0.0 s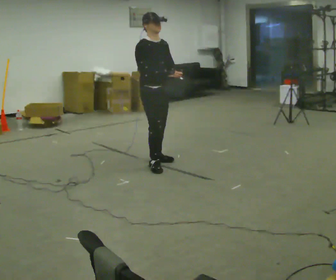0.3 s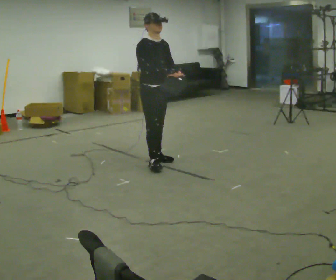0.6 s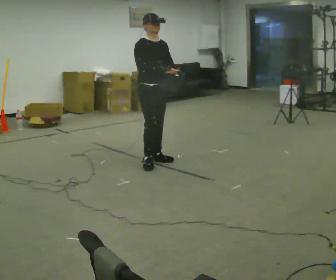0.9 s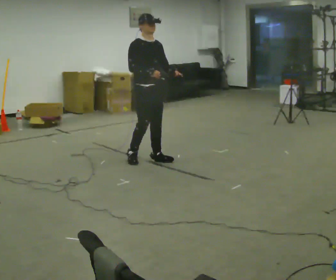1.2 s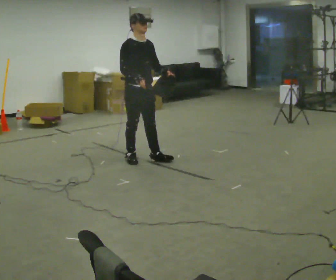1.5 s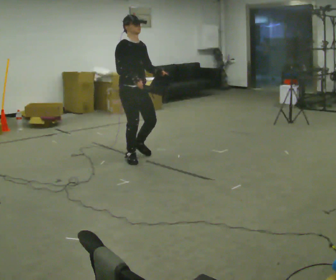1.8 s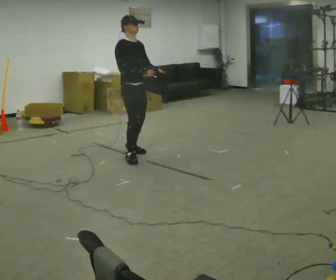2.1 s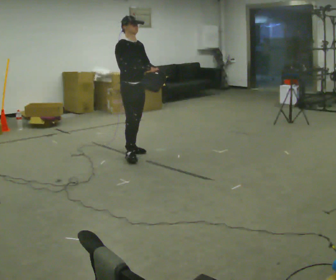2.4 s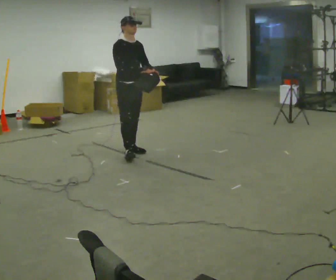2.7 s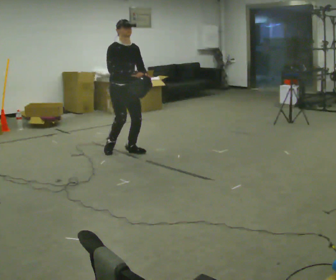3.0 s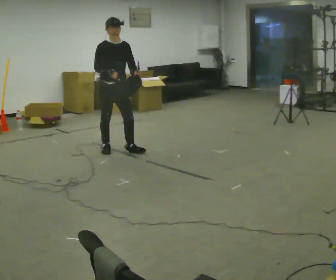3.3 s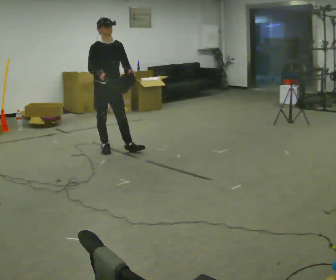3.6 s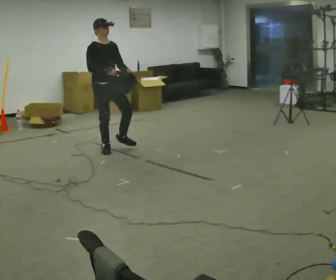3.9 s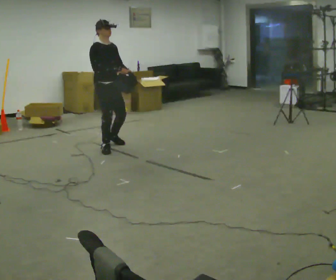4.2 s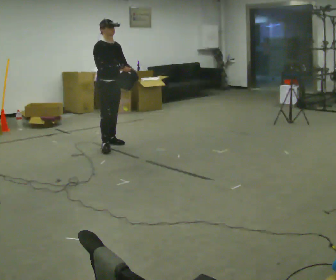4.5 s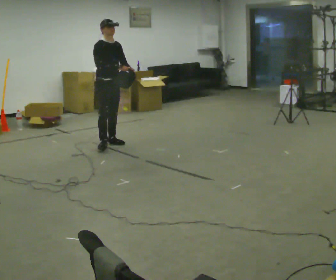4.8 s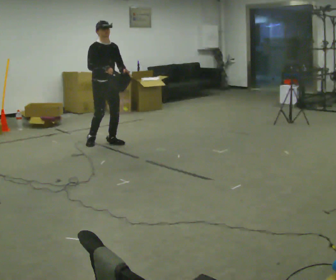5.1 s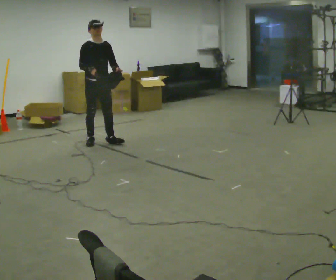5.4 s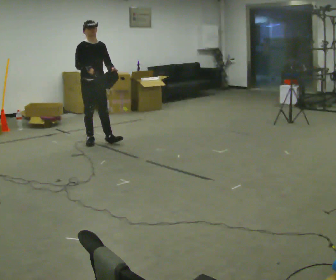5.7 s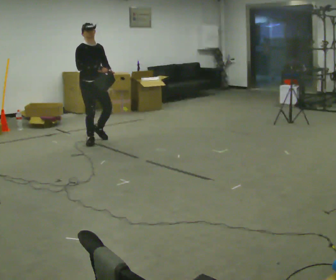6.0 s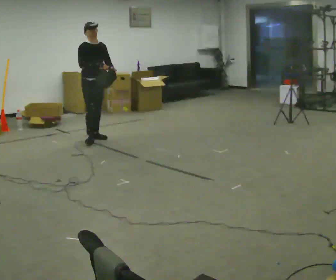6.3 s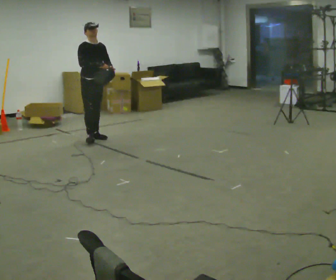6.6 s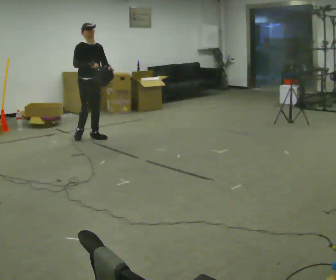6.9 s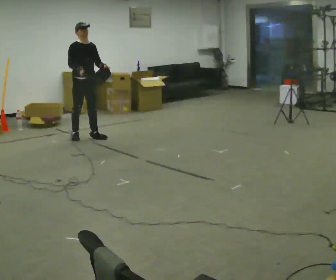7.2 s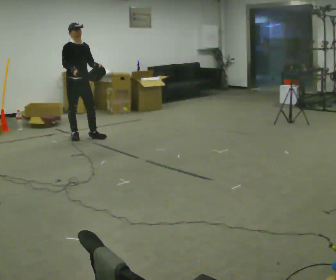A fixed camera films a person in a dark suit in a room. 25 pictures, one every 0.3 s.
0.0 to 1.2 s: In the picture they go away from the camera, about 0.25 m in 1 step, which for them is backward.
1.2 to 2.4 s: In the picture they go away from the camera, about 0.25 m in 2 steps, which for them is backward and to their left.
2.4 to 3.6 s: In the picture they go to the left and away from the camera, about 0.25 m in 1 step, which for them is backward and to their right.
3.6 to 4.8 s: In the picture they go away from the camera, about 0.25 m in 1 step, which for them is backward and to their left.
4.8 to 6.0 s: In the picture they go away from the camera, about 0.25 m in 1 step, which for them is backward.
6.0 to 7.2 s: In the picture they go to the left, about 0.25 m in 2 steps, which for them is backward and to their right.
The film runs backward here.
